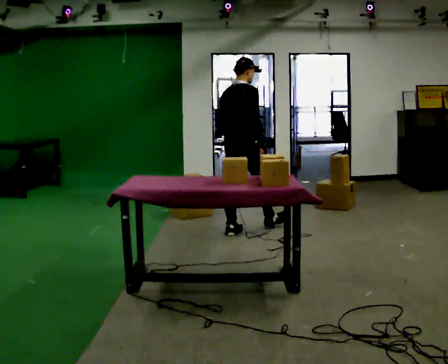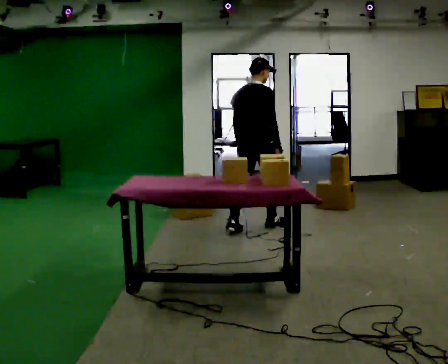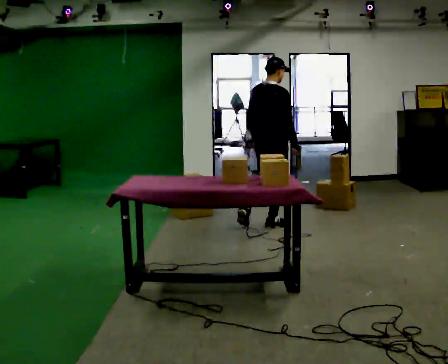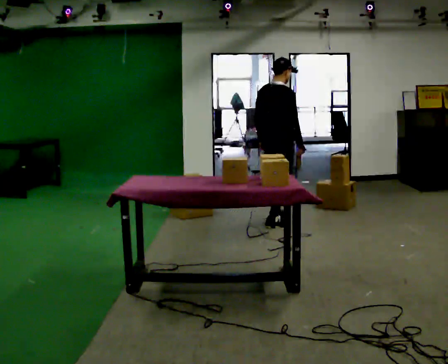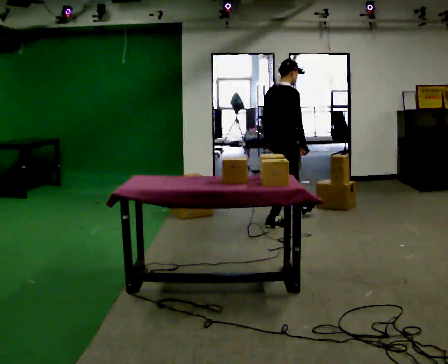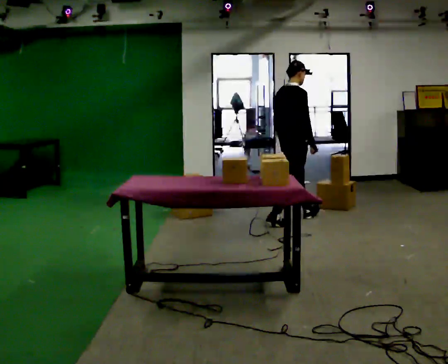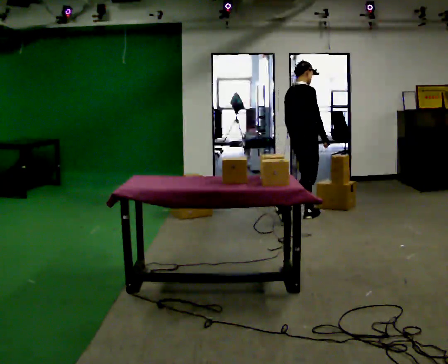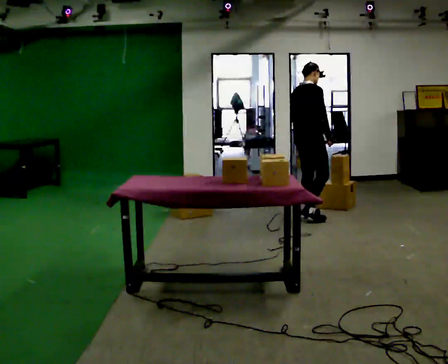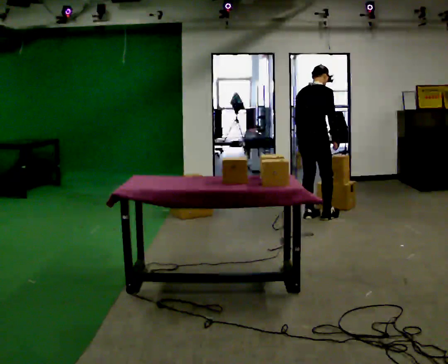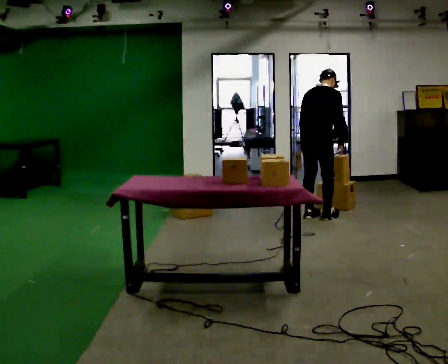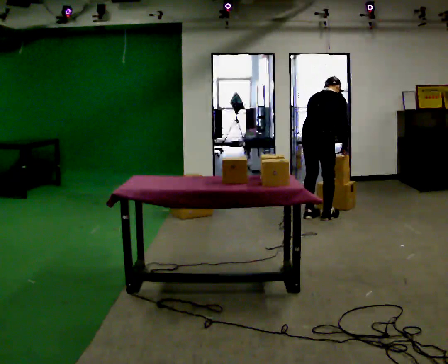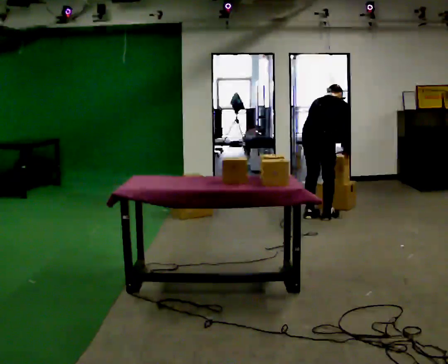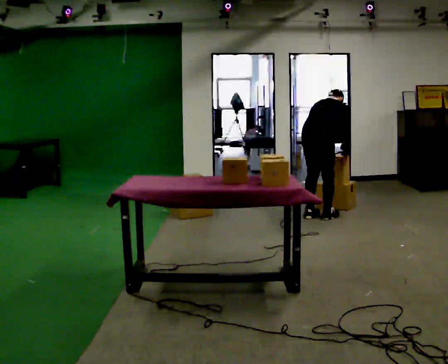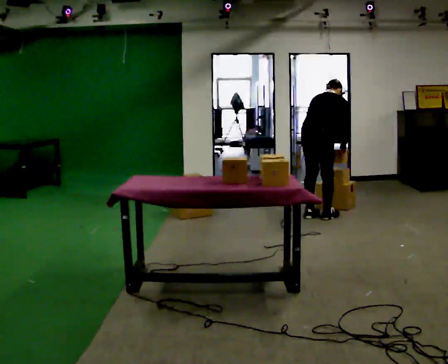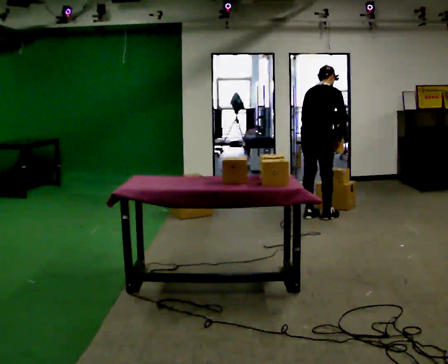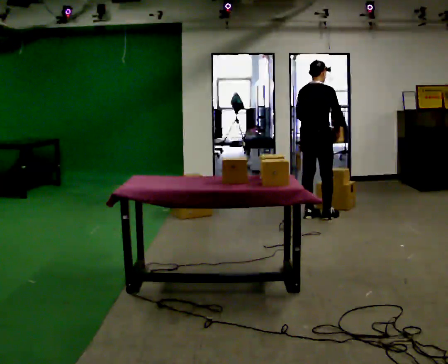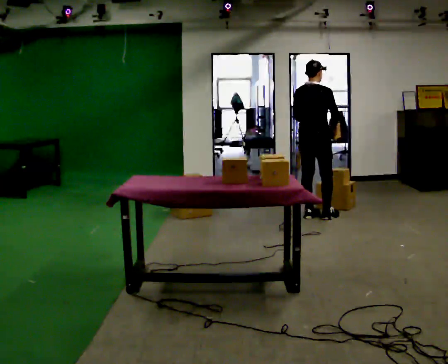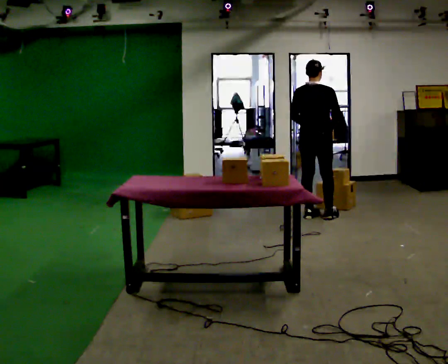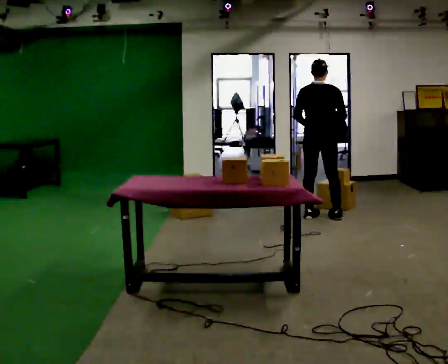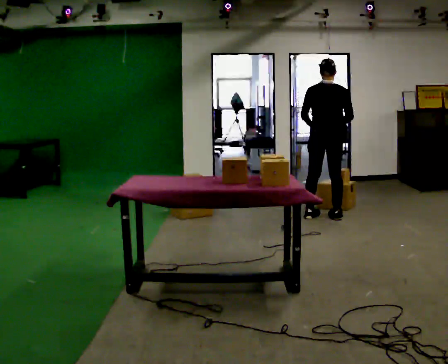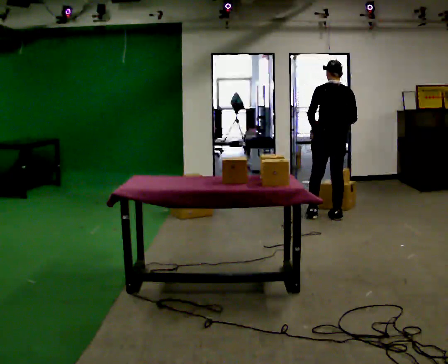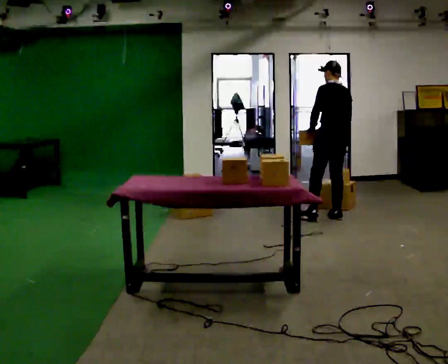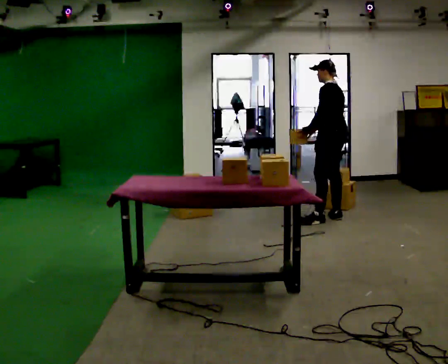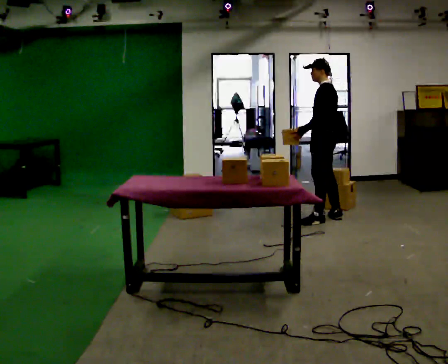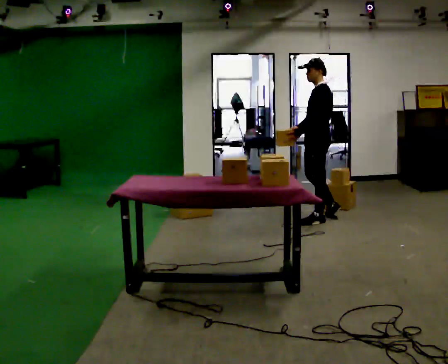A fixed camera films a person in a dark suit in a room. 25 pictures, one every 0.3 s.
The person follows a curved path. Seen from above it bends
clockwise.
0.0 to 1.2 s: In the picture they go to the right and away from the camera, about 0.5 m, which for them is forward.
1.2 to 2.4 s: In the picture they go to the right and away from the camera, about 0.5 m in 2 steps, which for them is forward.
2.4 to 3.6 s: The upper body goes downward. The upper body tips away from the camera, its near side rolling upward, as they bend forward.
3.6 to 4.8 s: In the picture they go away from the camera, about 0.25 m, which for them is to their left. The upper body goes upward. The upper body tips toward the camera, its near side rolling downward, as they lean back or straighten.
4.8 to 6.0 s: The part of the body nearest the lens slides to the right as the person turns to their left by about 45 degrees. In the picture they go to the right, about 0.25 m in 1 step, which for them is to their right.
6.0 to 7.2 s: The part of the body nearest the lens slides to the right as the person turns to their left by about 75 degrees.
The film runs forward here.
